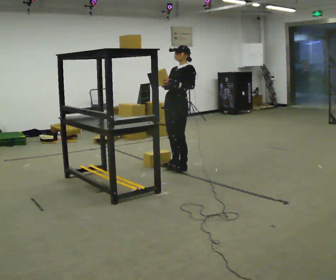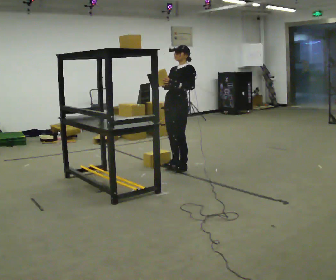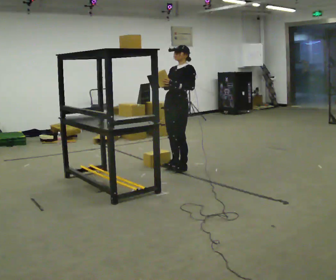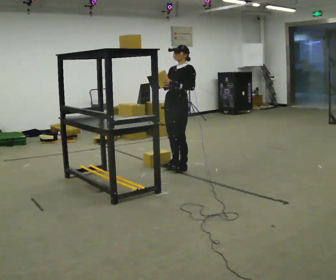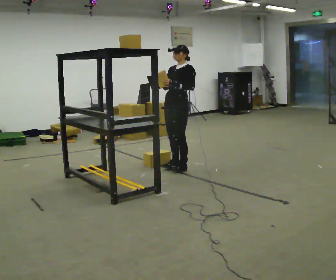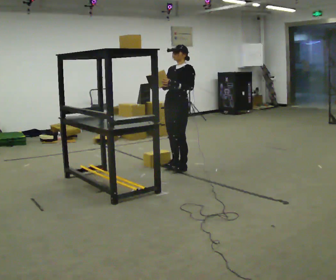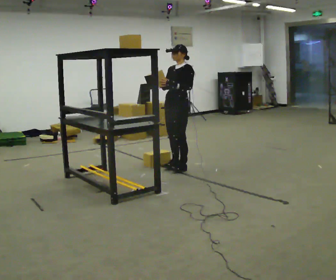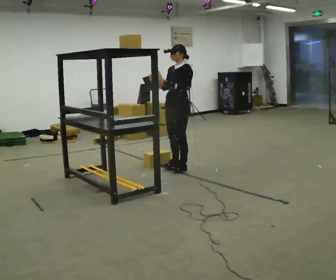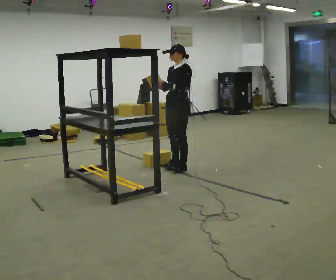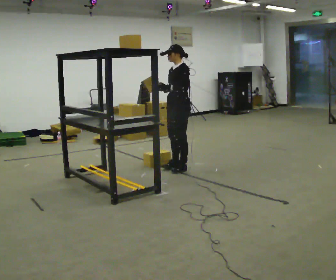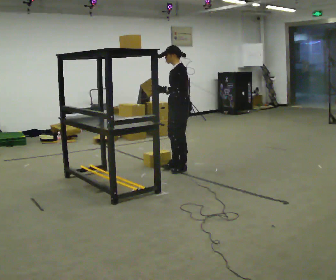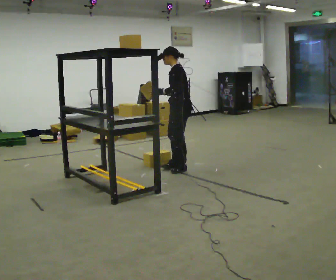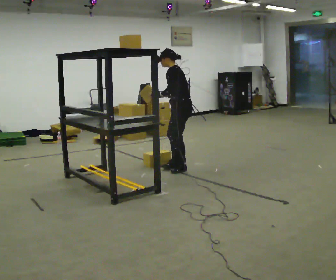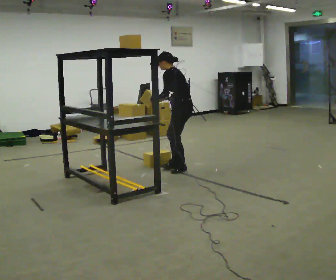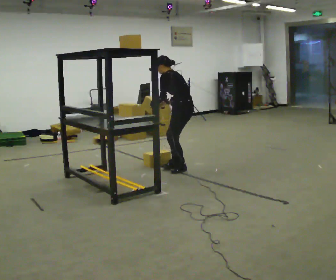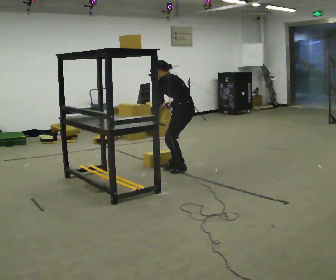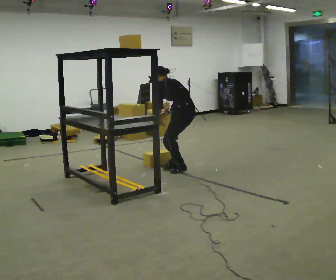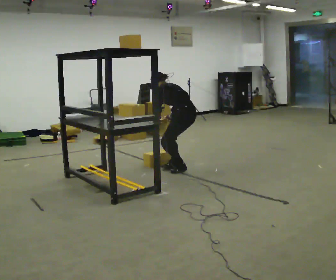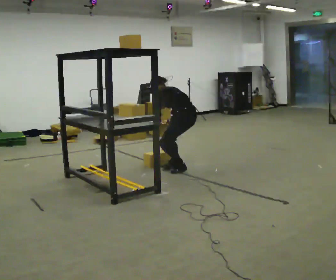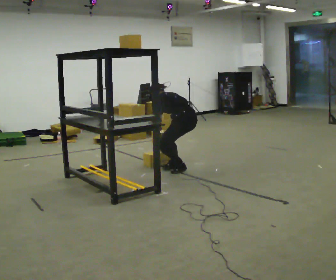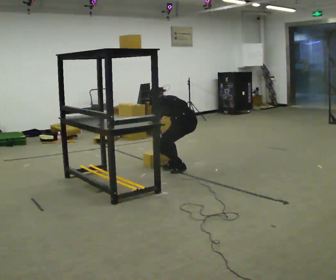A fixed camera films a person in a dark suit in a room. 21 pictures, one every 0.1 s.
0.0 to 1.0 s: In the picture the upper body tilts counterclockwise, shoulders to the left, as they bend forward.
1.0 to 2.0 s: The person turns about 60 degrees to their right, clockwise seen from above, so the part of the body nearest the lens slides to the left. The upper body goes downward. In the picture the upper body tilts counterclockwise, shoulders to the left, as they bend forward. In the picture their right hand goes downward, the arm swinging counterclockwise.
The film runs backward here.
